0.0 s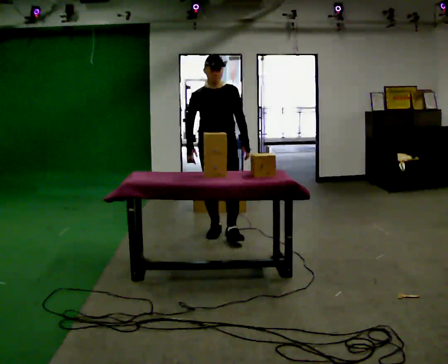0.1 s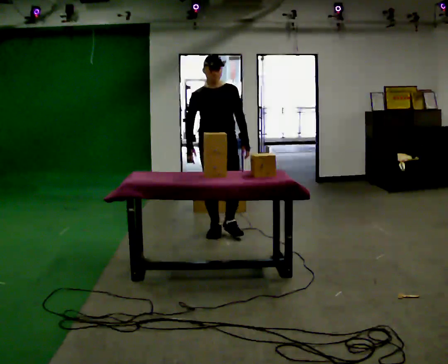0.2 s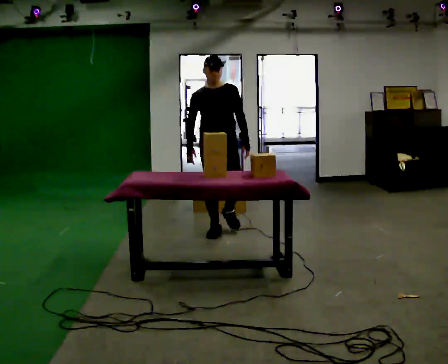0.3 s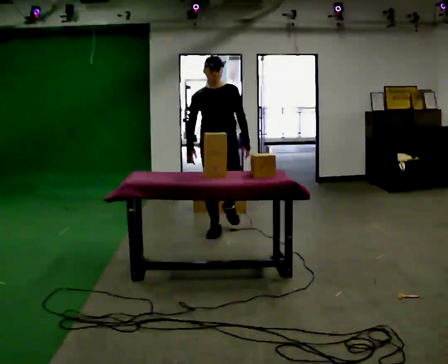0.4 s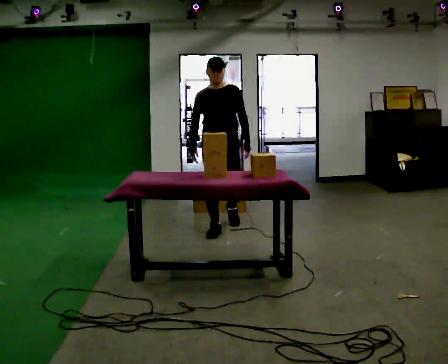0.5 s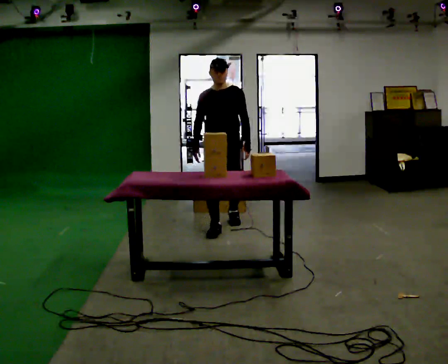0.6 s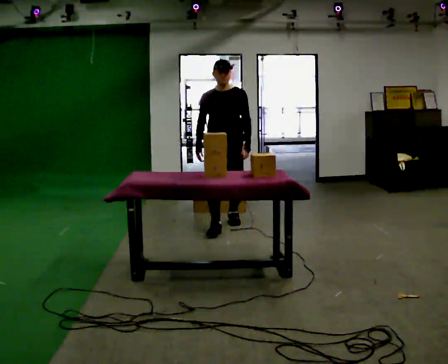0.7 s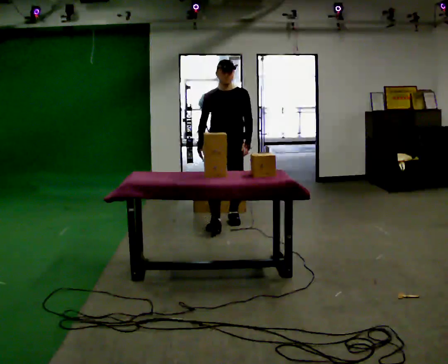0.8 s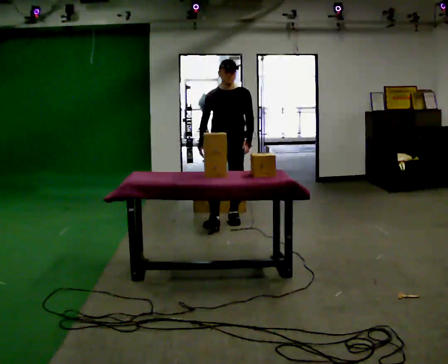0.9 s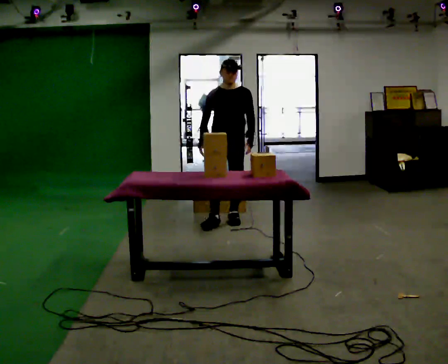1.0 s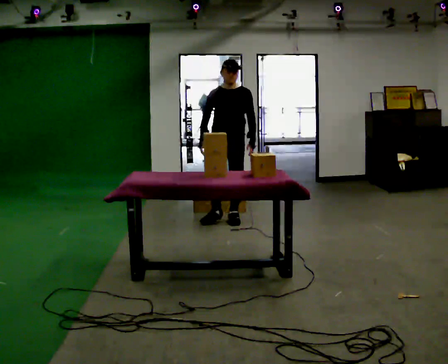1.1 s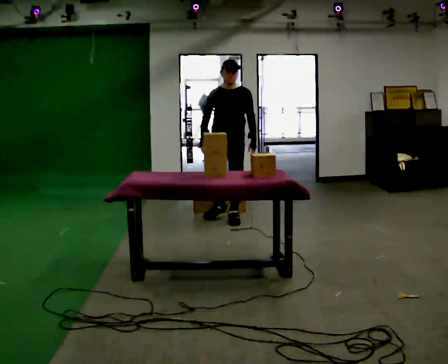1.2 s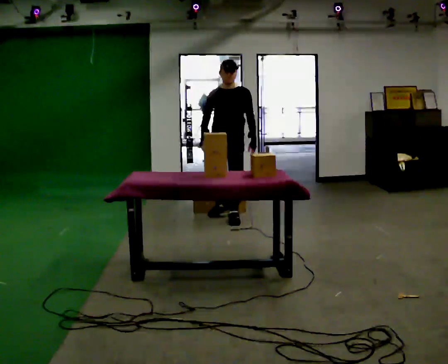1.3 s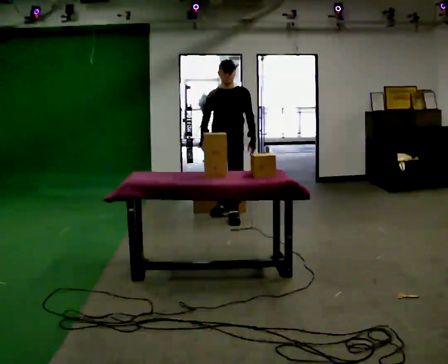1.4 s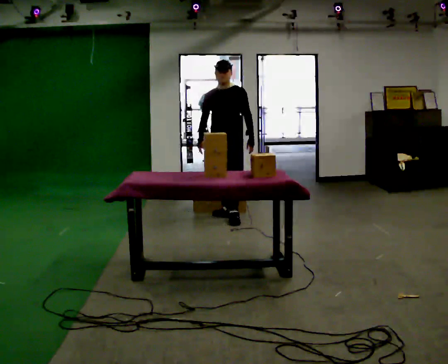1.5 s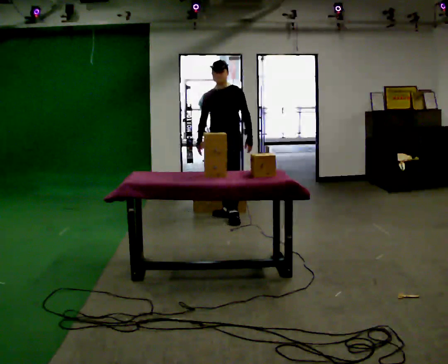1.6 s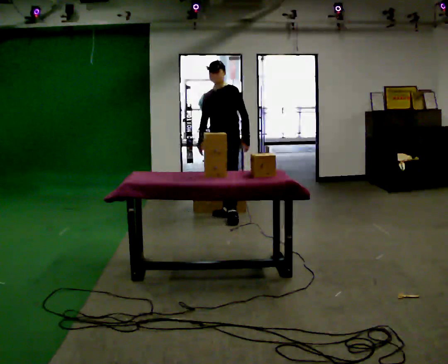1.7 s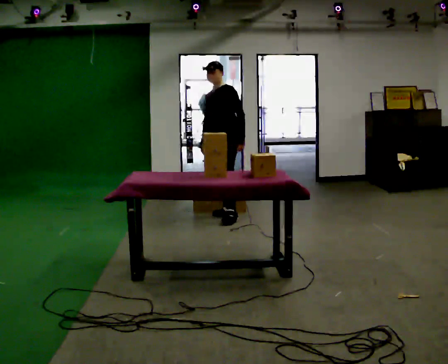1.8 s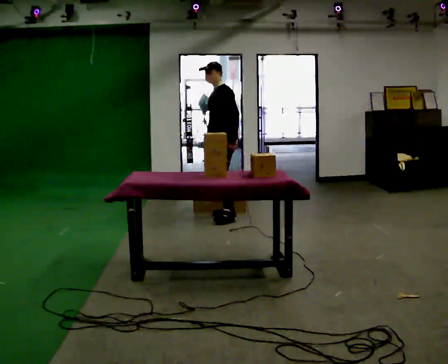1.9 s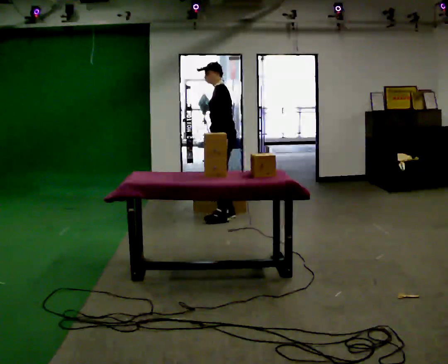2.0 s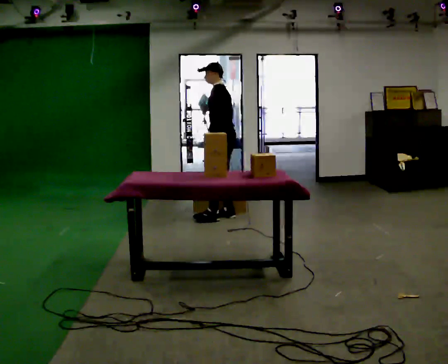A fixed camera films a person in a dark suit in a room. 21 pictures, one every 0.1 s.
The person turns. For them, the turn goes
to their right.
The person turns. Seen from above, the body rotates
clockwise.
0.0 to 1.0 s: In the picture they go away from the camera, about 0.5 m in 1 step, which for them is backward.
1.0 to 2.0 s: Seen from above the body turns clockwise, about 90 degrees: to their right, with its near side sliding to the left. In the picture they go away from the camera, about 0.25 m in 1 step.
The film runs backward here.
